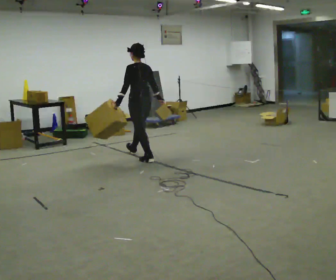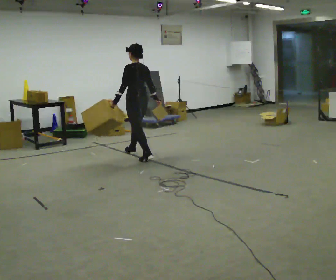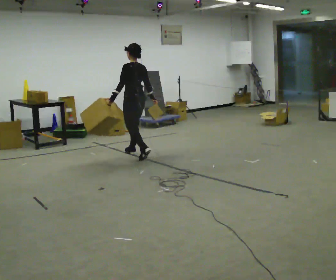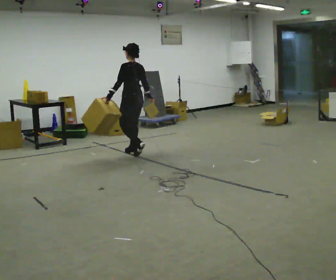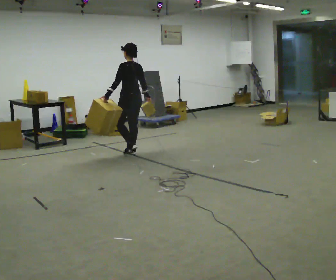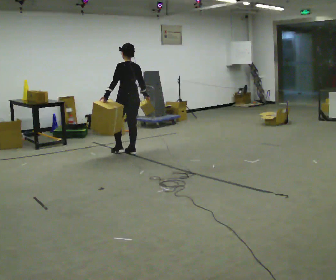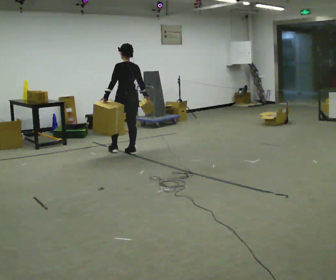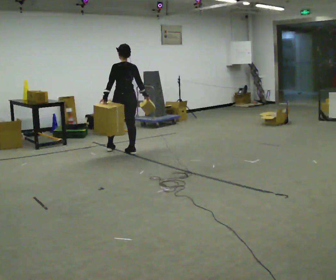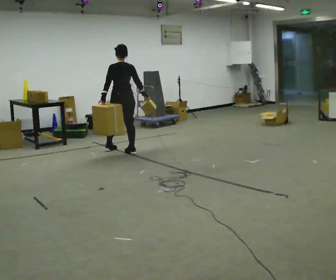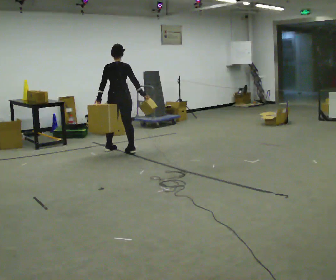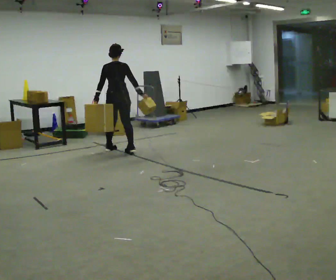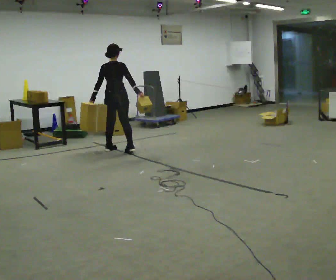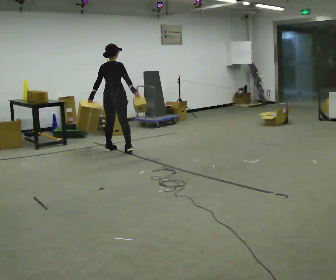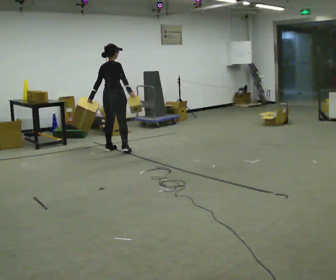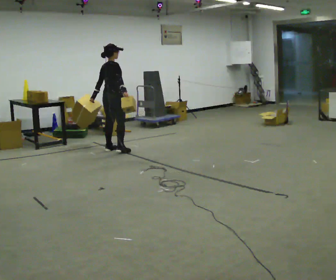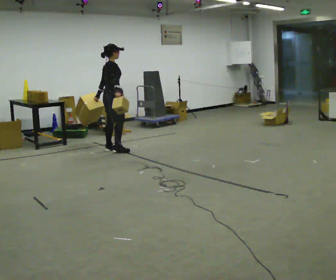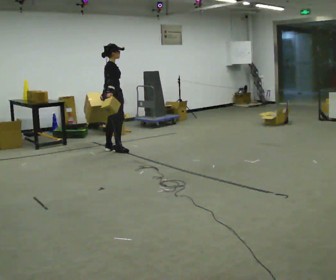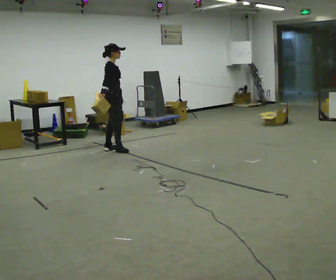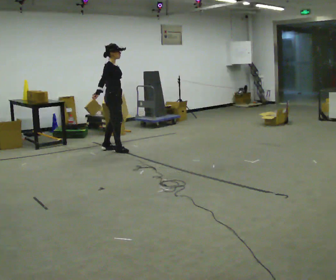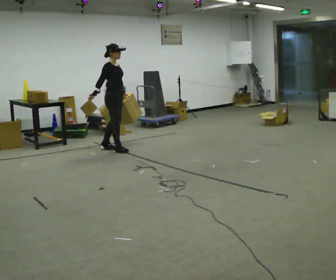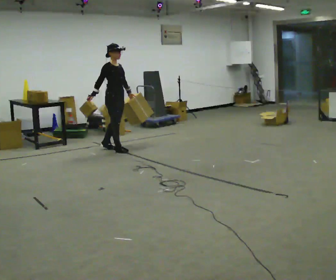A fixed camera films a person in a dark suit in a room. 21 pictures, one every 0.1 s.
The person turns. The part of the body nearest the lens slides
to the left.
The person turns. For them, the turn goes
to their right.
0.0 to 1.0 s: The part of the body nearest the lens slides to the left as the person turns to their right by about 45 degrees. In the picture they go away from the camera and to the left, about 0.5 m in 1 step, which for them is forward and to their left.
1.0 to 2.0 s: Seen from above the body turns clockwise, about 120 degrees: to their right, with its near side sliding to the left. In the picture their left hand goes to the right, the arm swinging counterclockwise.
The film runs forward here.
